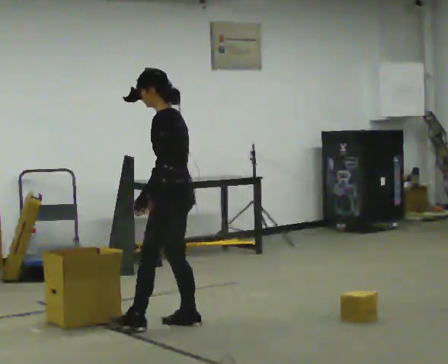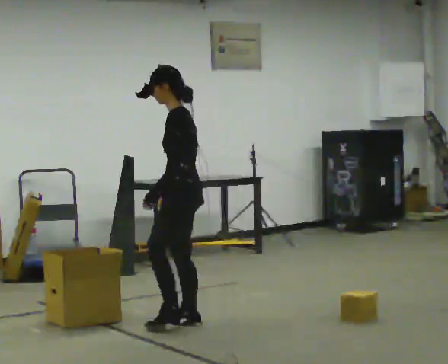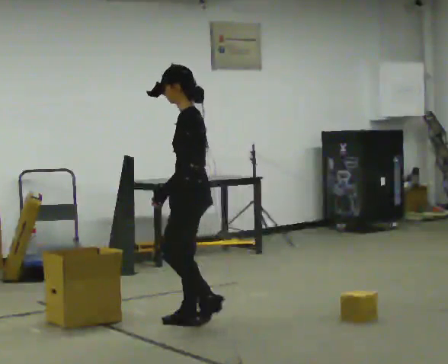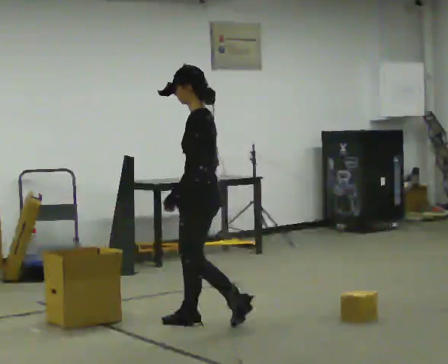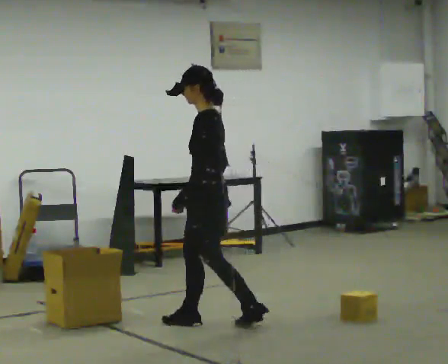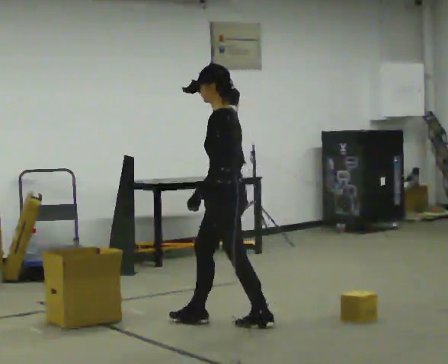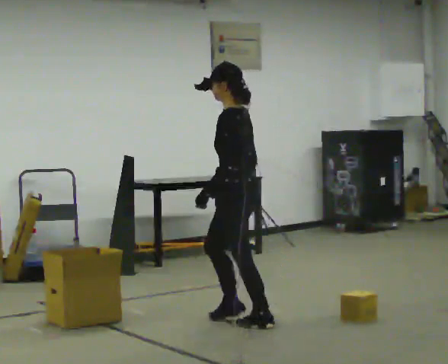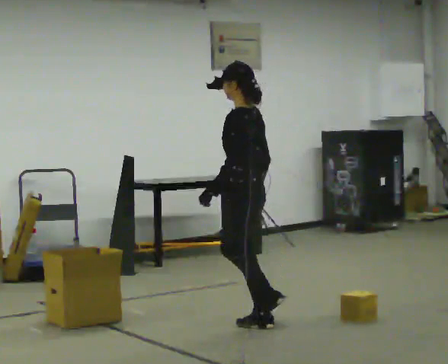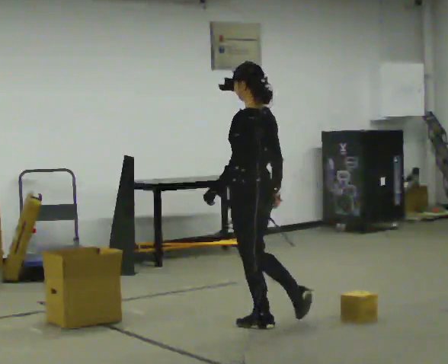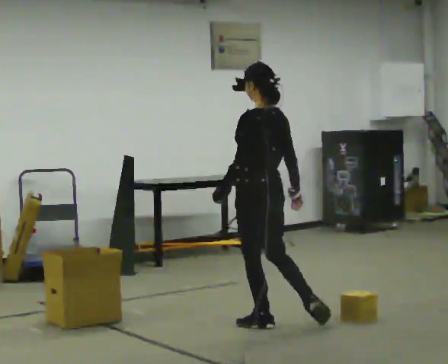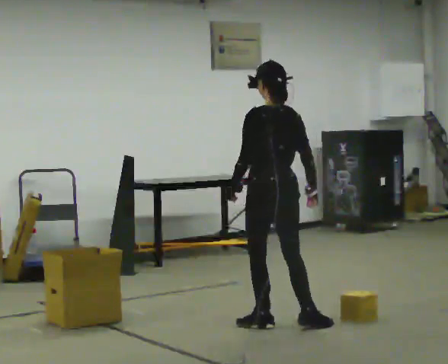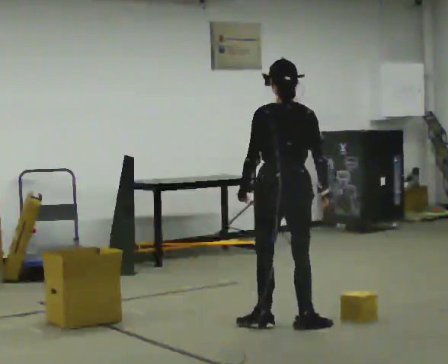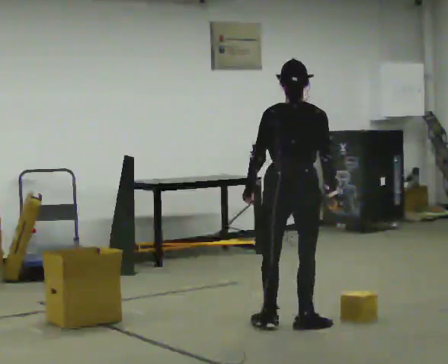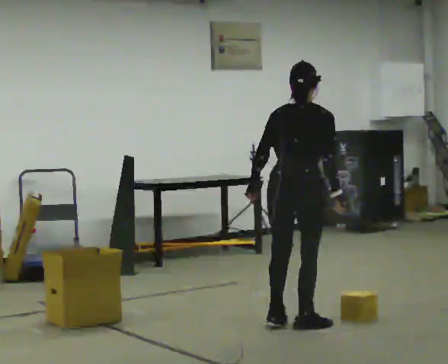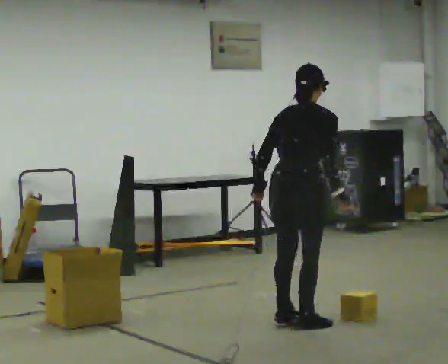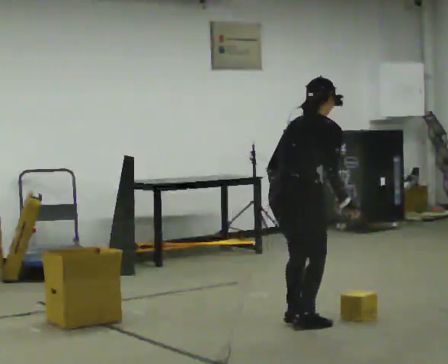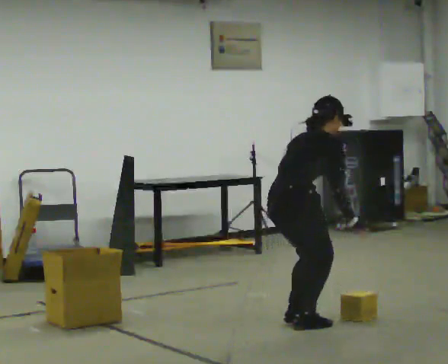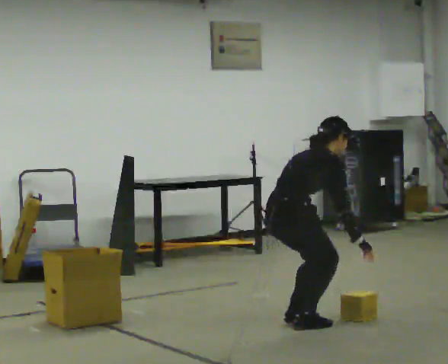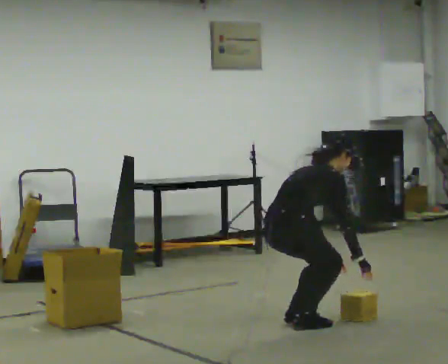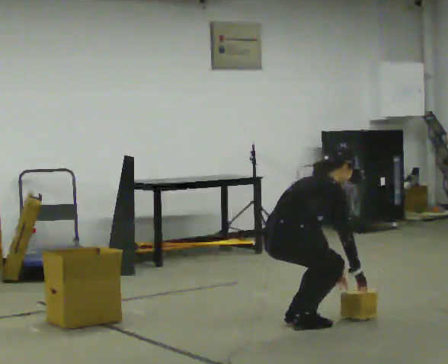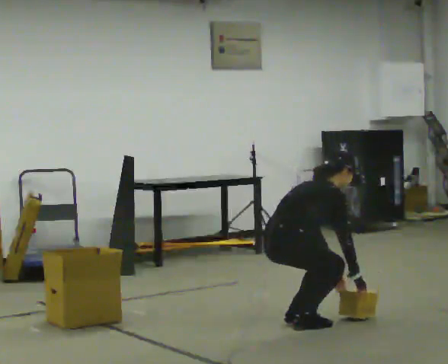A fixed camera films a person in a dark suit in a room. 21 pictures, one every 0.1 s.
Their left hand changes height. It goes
downward.
The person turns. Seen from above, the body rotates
clockwise.
0.0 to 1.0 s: Seen from above the body turns clockwise, about 45 degrees: to their right, with its near side sliding to the left. In the picture they go to the right, about 0.5 m in 1 step.
1.0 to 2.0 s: The person turns about 90 degrees to their right, clockwise seen from above, so the part of the body nearest the lens slides to the left. The upper body goes downward. In the picture the upper body tilts clockwise, shoulders to the right, as they bend forward. In the picture their left hand goes to the right and downward, the arm swinging counterclockwise.
The film runs backward here.
